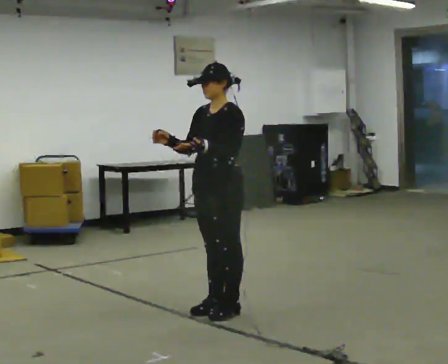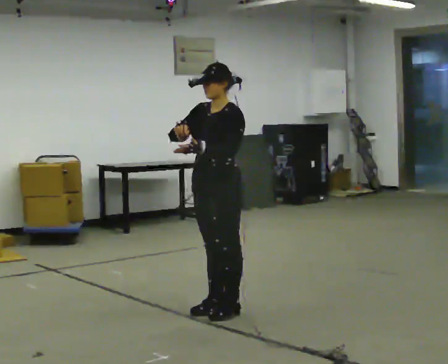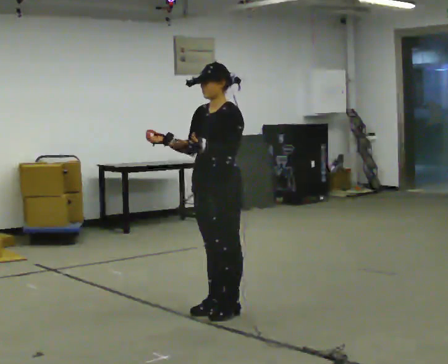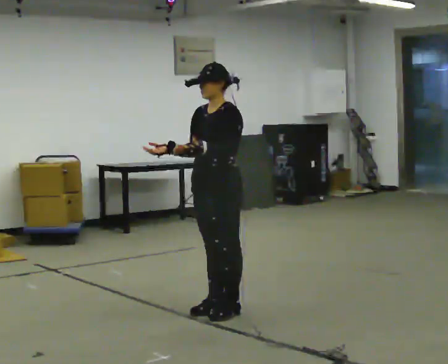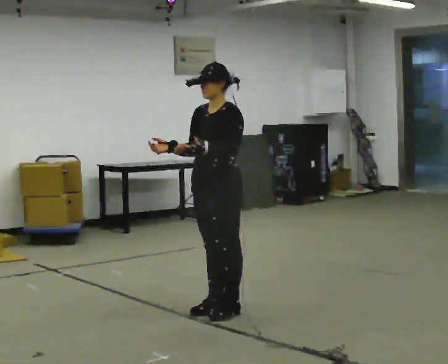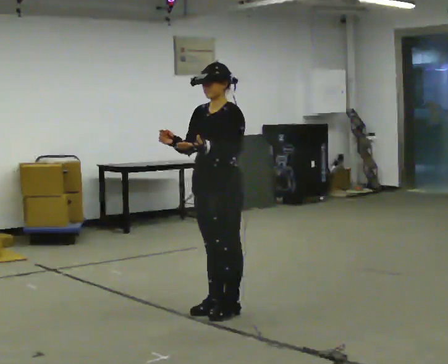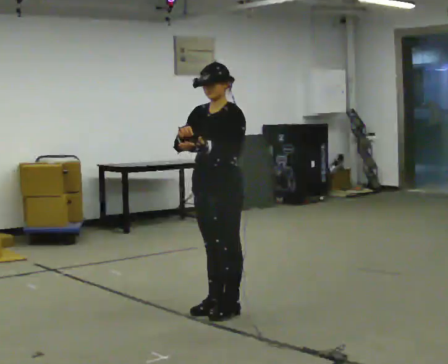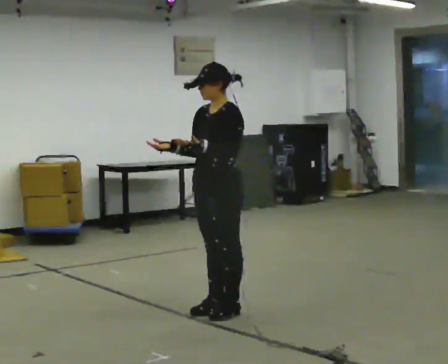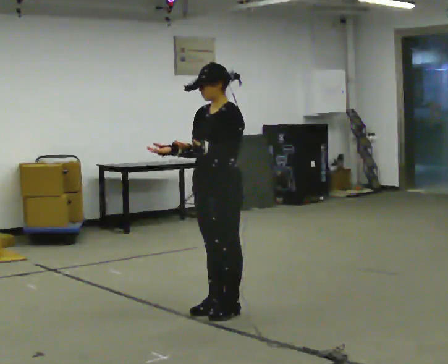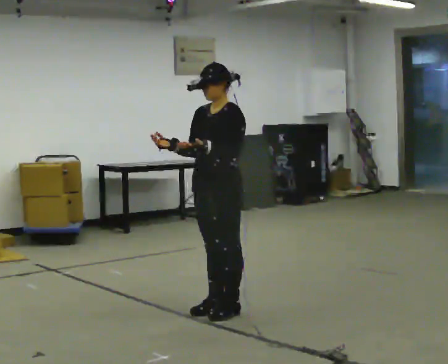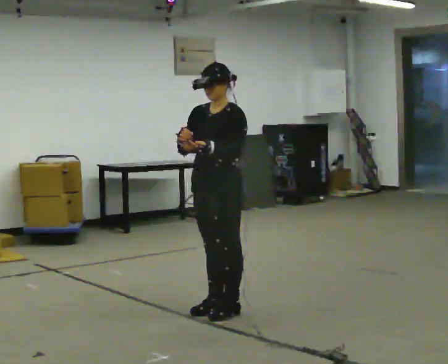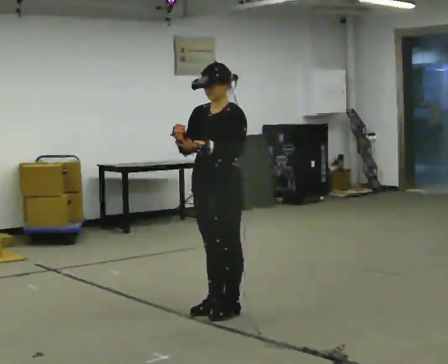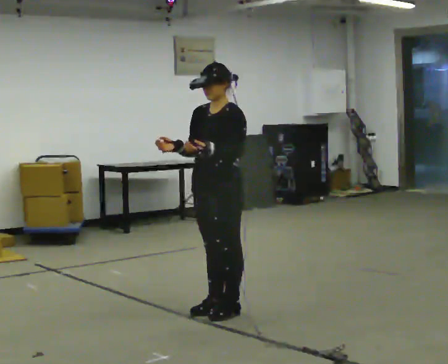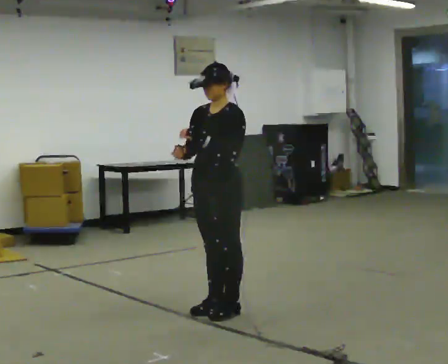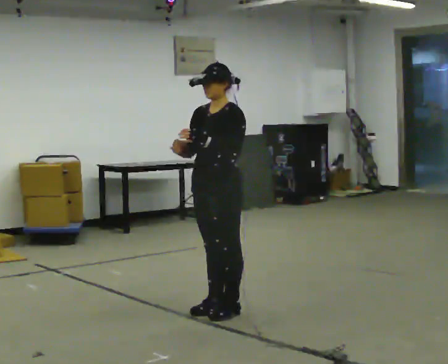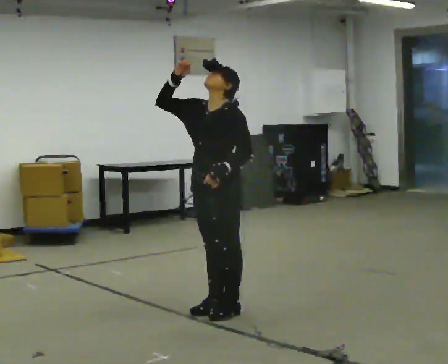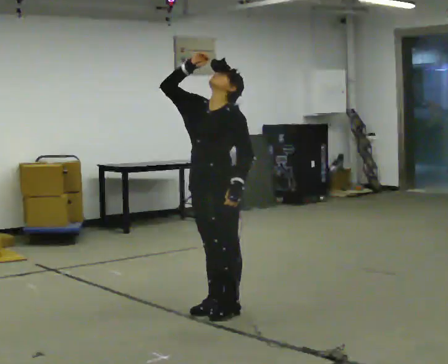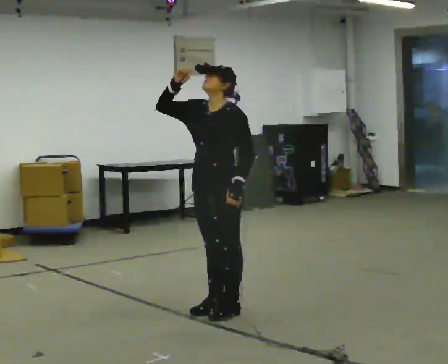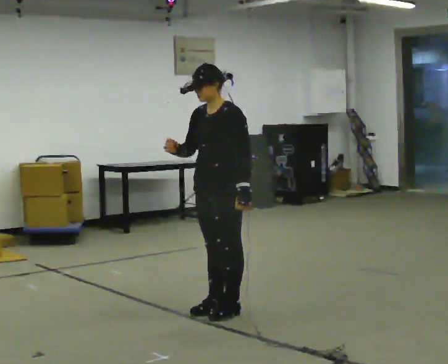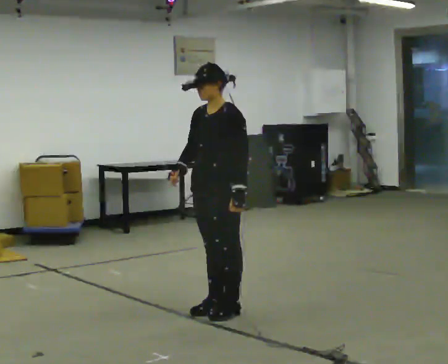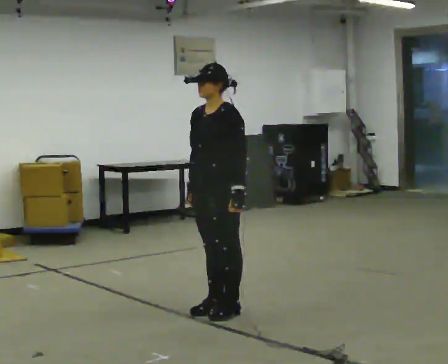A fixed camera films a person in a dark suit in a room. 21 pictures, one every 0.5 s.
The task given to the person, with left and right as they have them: Act out everyday actions without any objects, as in charades: opening a door, drinking, reading, brushing your hair. Repeat the movement at your own pace until the operator says stop; do not rush.
0.0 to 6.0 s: The person moves a little, or ends about where they began.
6.0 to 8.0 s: In the picture their right hand goes upward, the arm swinging clockwise.
8.0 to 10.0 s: In the picture their right hand goes downward, the arm swinging counterclockwise.
The film runs forward here.
